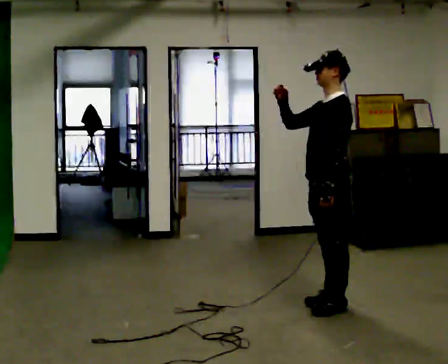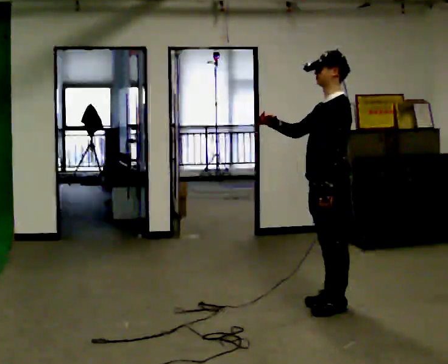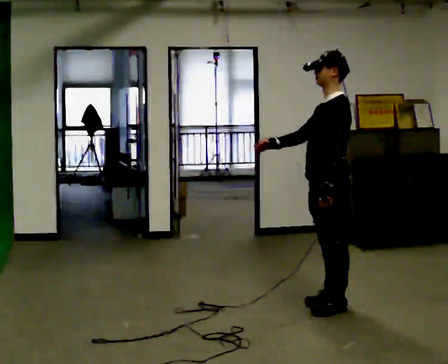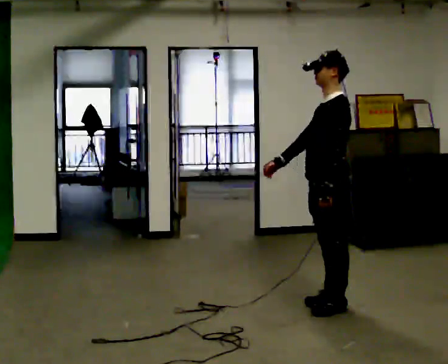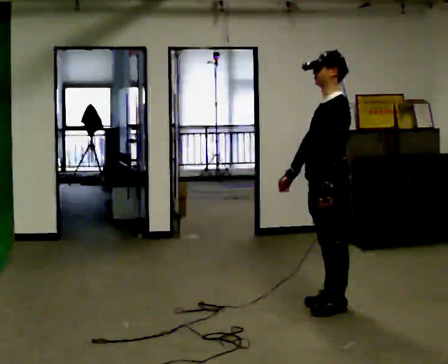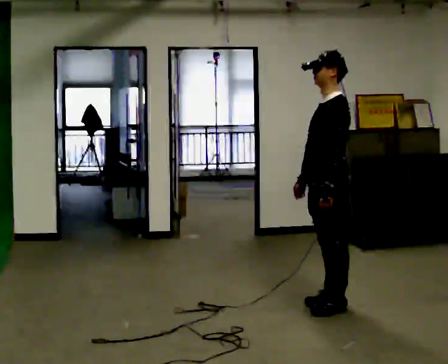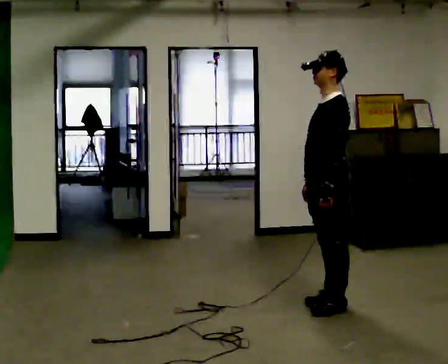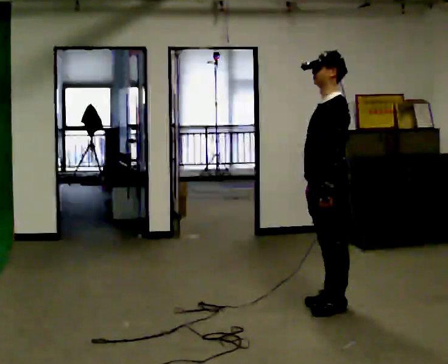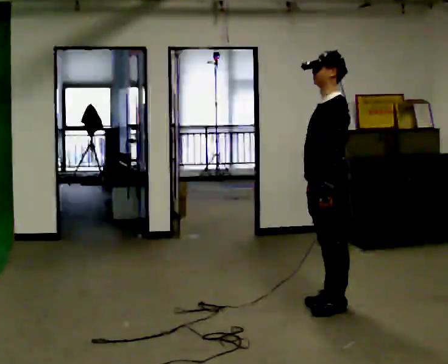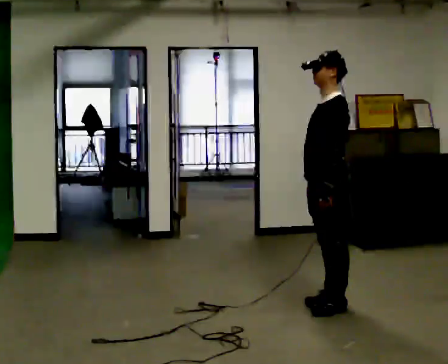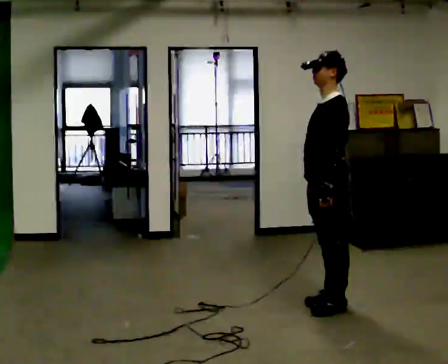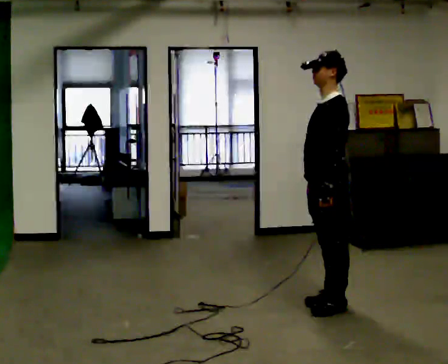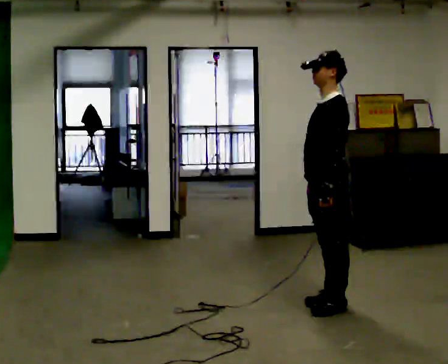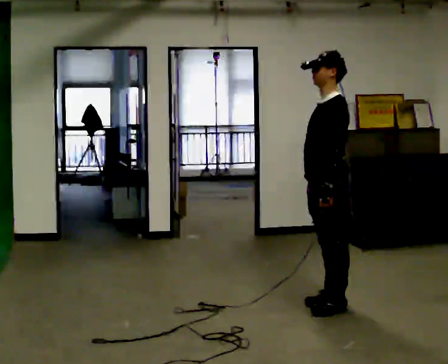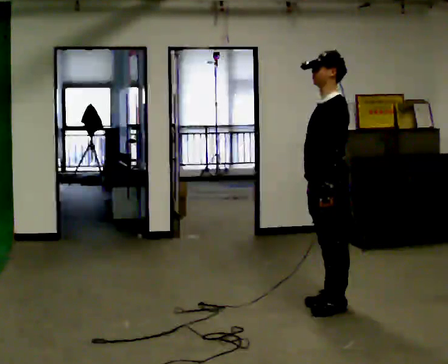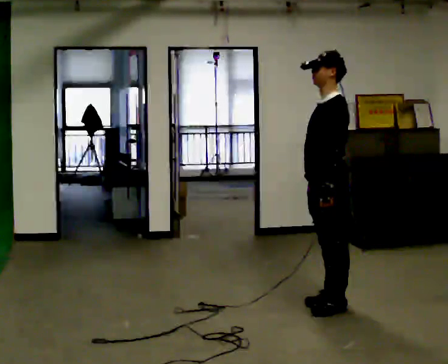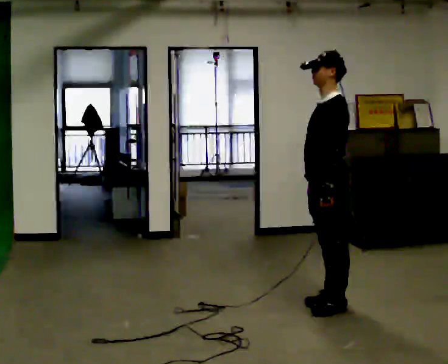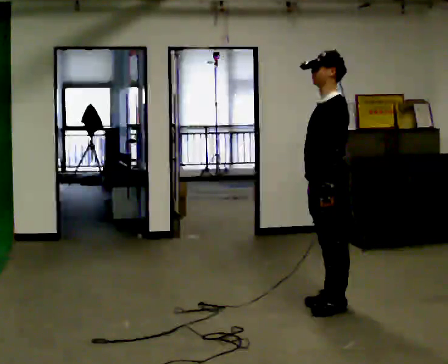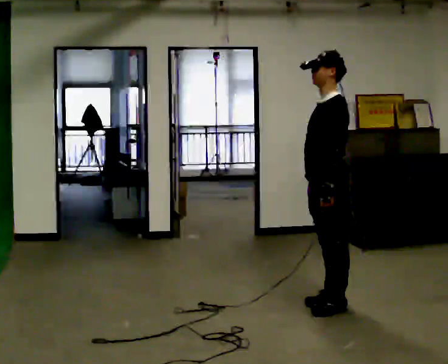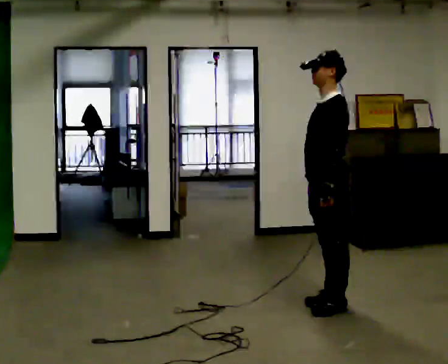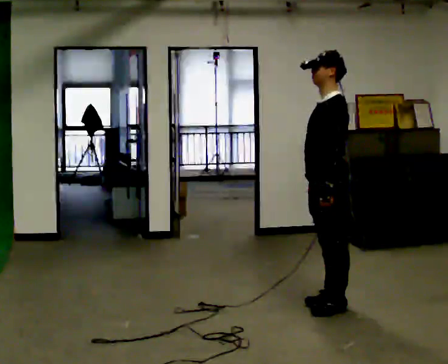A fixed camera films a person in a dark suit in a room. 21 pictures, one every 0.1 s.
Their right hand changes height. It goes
downward.
Their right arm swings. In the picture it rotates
counterclockwise.
0.0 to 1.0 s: In the picture their right hand goes downward, the arm swinging counterclockwise.
1.0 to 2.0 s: The person keeps their place and pose.
The film runs backward here.
